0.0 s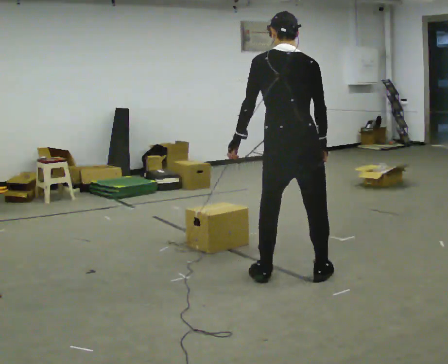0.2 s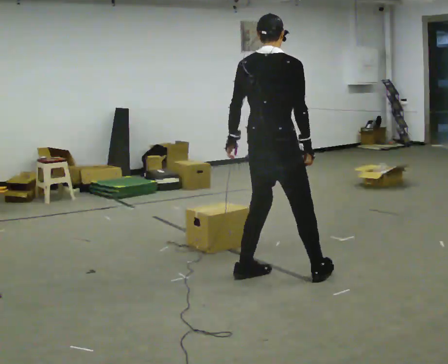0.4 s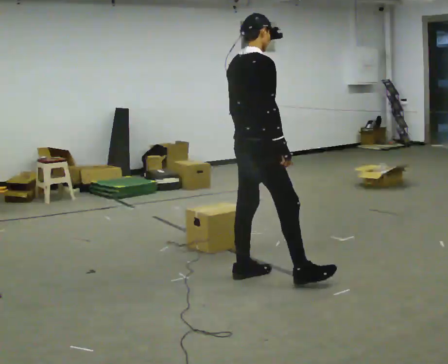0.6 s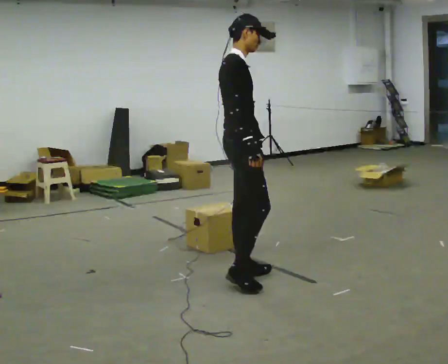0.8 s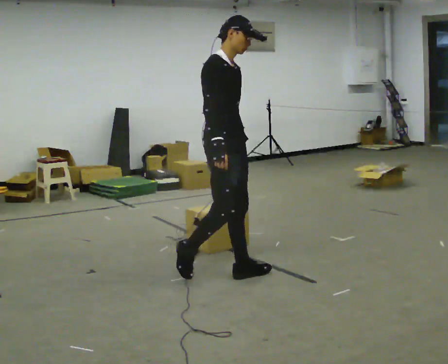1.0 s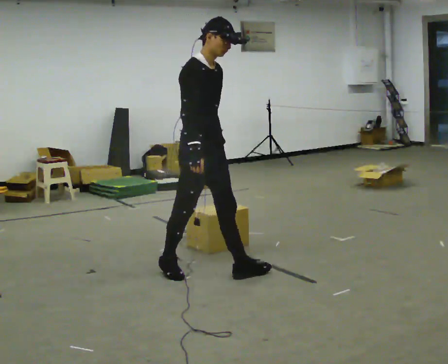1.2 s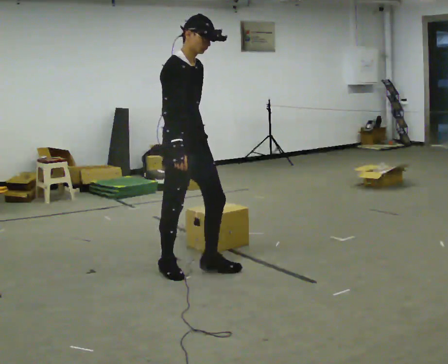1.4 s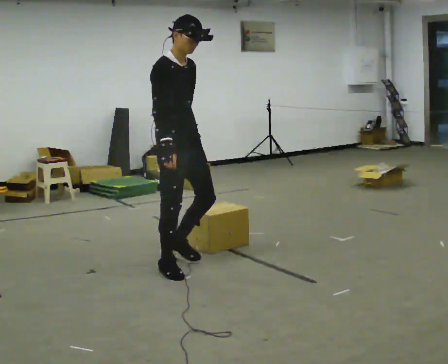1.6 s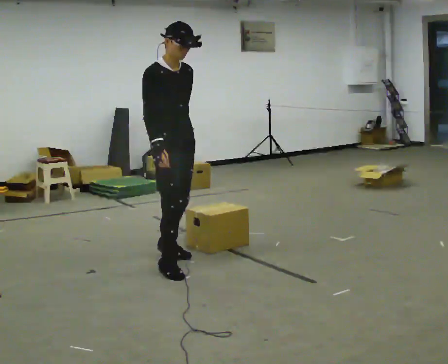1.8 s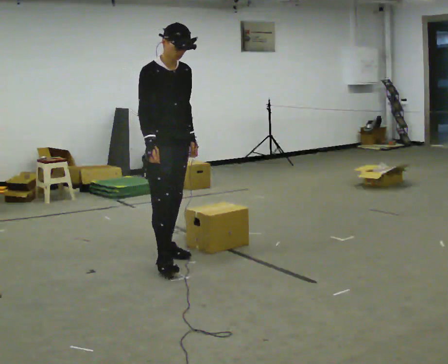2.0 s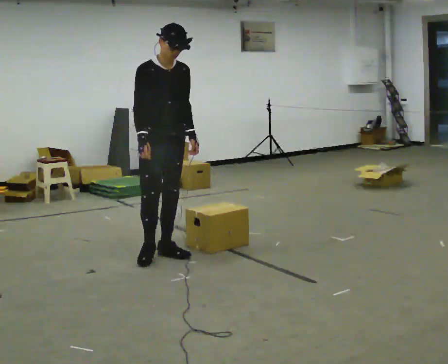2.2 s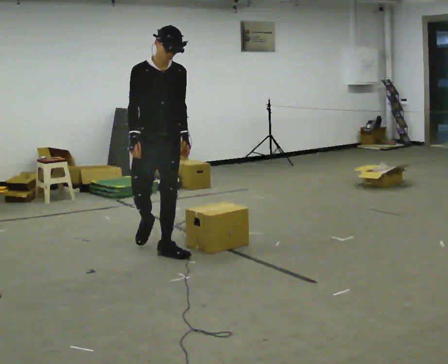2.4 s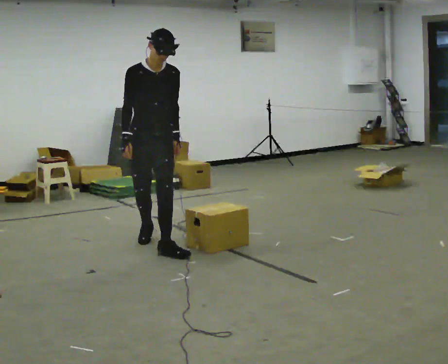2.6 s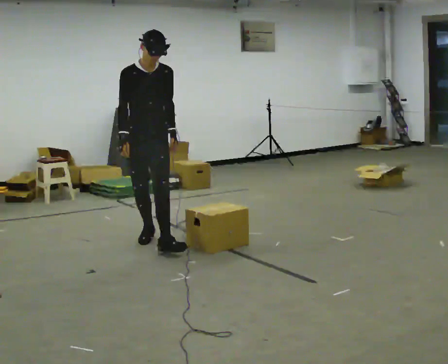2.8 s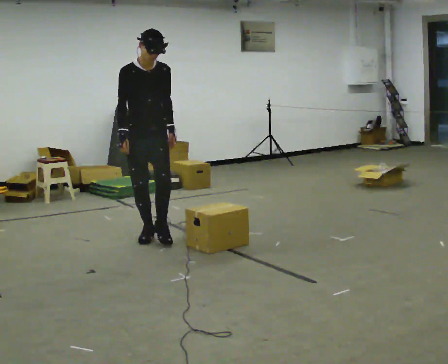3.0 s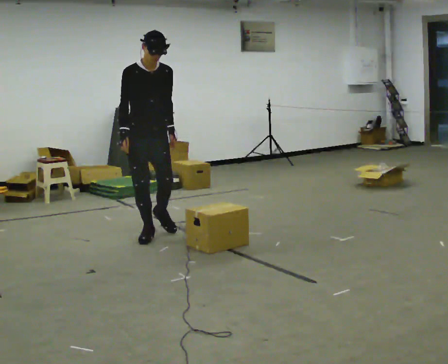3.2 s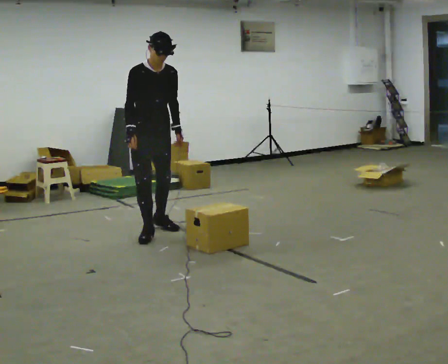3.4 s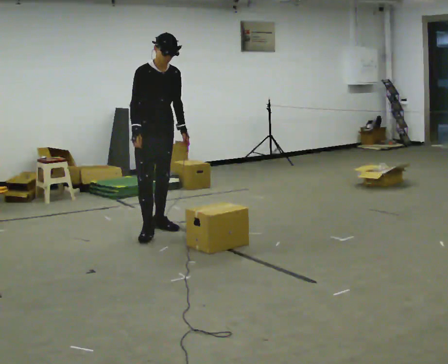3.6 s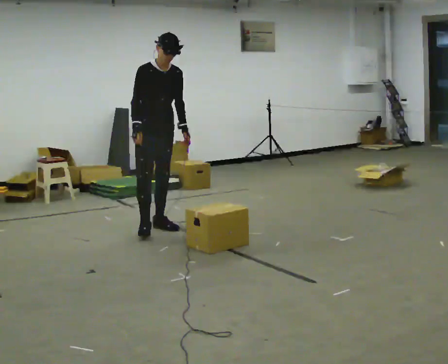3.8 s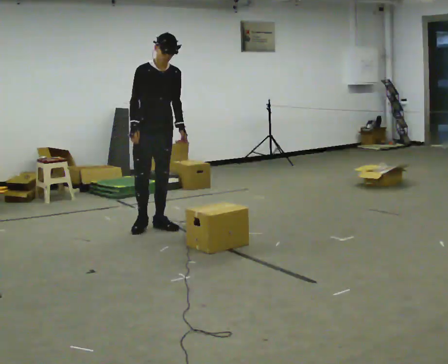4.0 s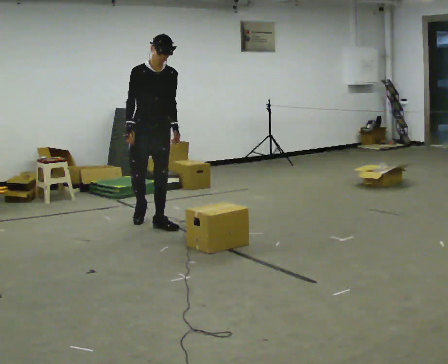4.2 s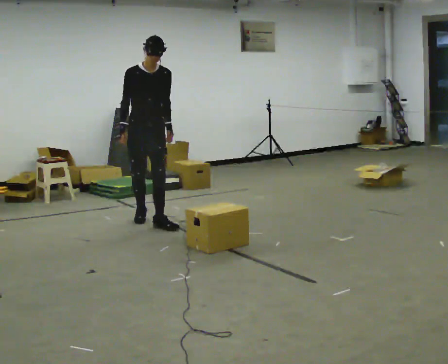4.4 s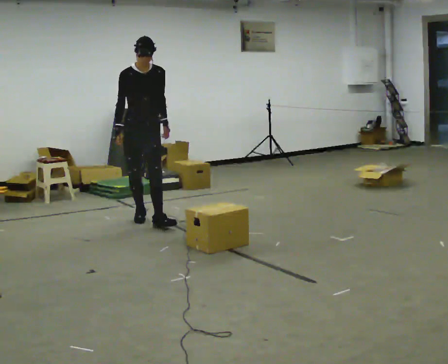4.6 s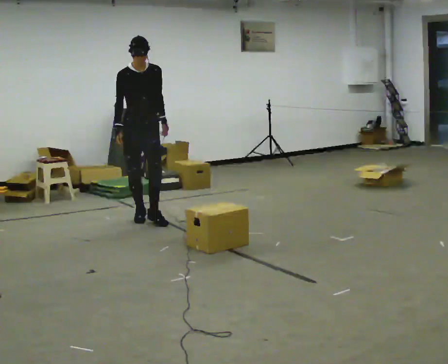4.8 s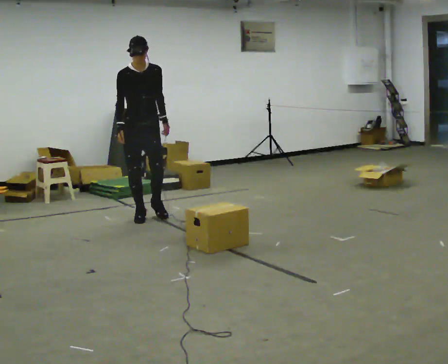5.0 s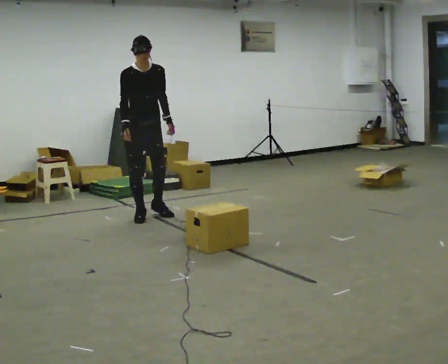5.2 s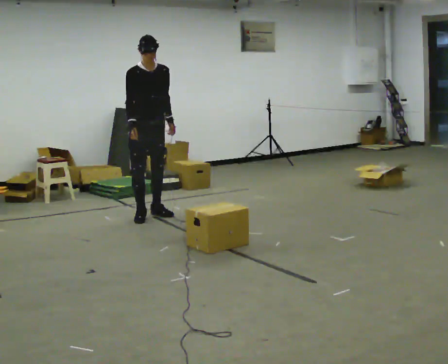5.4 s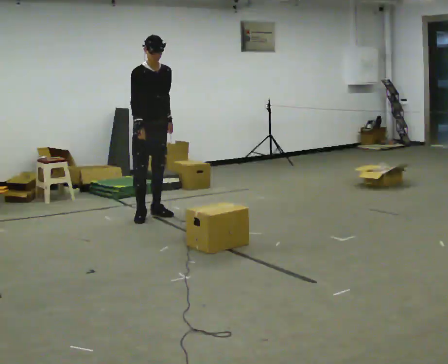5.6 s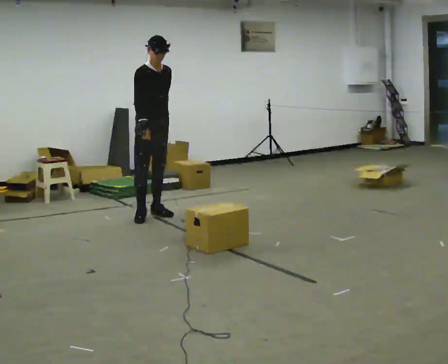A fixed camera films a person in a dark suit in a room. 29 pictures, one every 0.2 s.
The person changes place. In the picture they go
away from the camera.
0.0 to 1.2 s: Seen from above the body turns clockwise, about 120 degrees: to their right, with its near side sliding to the left. In the picture they go to the left and away from the camera, about 1 m in 2 steps. The upper body tips toward the camera, its near side rolling downward.
1.2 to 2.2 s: The person turns about 45 degrees to their right, clockwise seen from above, so the part of the body nearest the lens slides to the left. In the picture they go away from the camera, about 0.5 m in 1 step, which for them is backward and to their left.
2.2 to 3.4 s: In the picture they go away from the camera, about 0.75 m in 1 step, which for them is backward.
3.4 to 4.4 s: In the picture they go away from the camera, about 0.5 m in 1 step, which for them is backward.
4.4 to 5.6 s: In the picture they go away from the camera, about 0.25 m in 1 step, which for them is backward.
The film runs backward here.
